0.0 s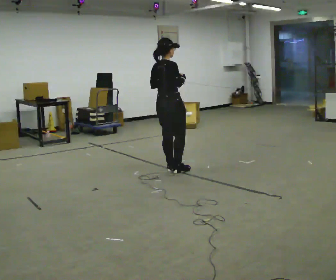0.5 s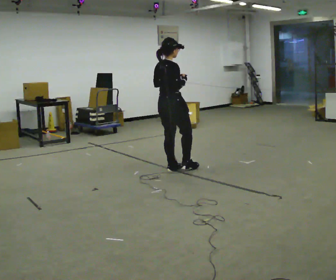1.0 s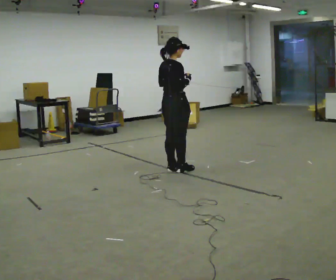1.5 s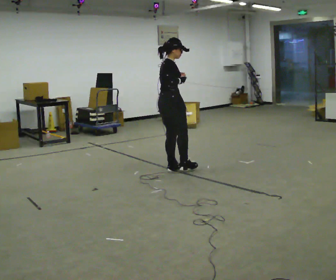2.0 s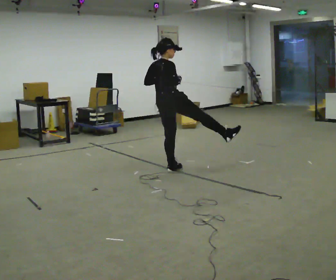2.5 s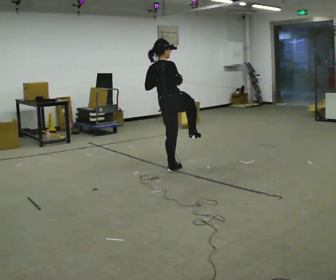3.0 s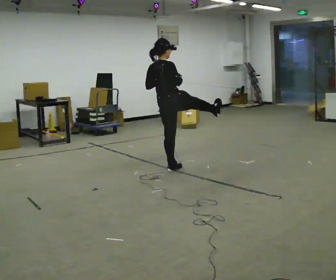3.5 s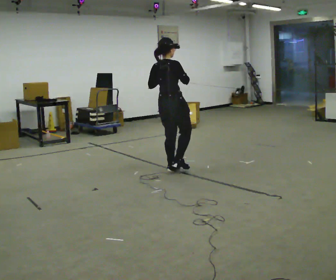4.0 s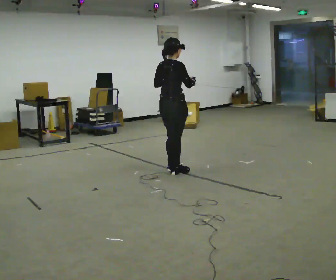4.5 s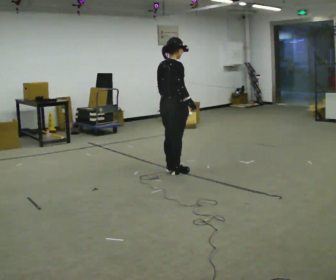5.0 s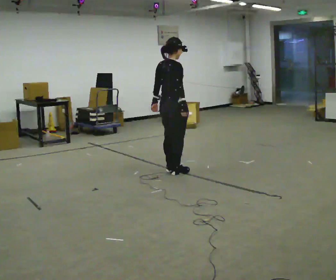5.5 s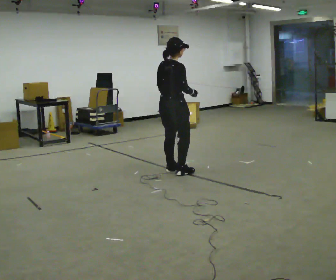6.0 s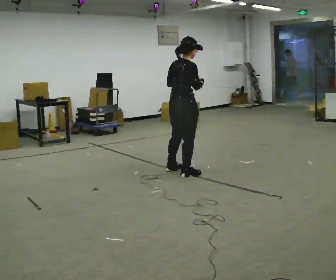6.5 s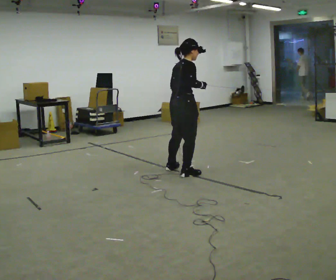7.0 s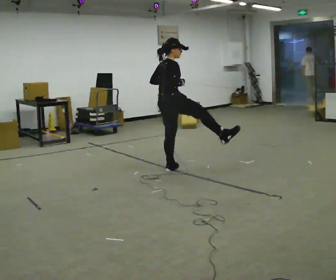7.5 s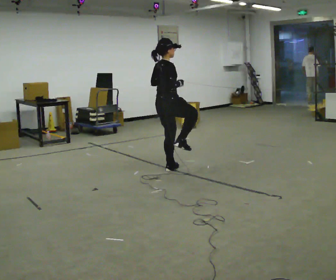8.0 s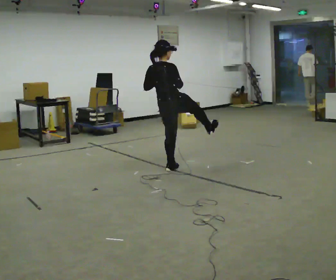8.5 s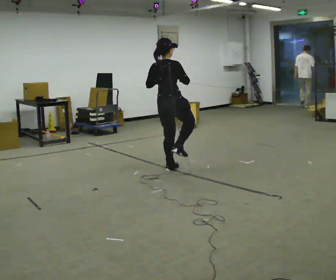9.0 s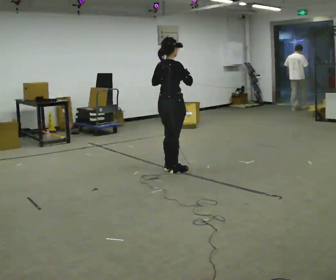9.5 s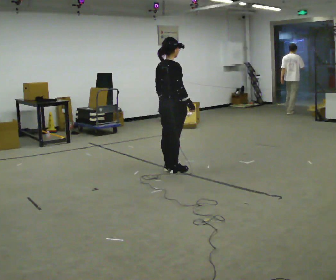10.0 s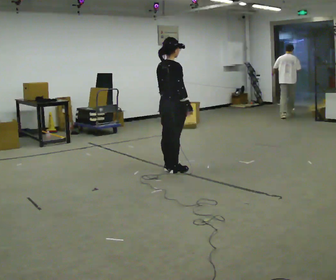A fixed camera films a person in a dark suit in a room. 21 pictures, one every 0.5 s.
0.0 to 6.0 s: In the picture they go toward the camera and to the right, about 0.25 m in 1 step, which for them is to their right.
6.0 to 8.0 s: In the picture they go away from the camera, about 0.25 m in 1 step, which for them is to their left. In the picture the upper body tilts counterclockwise, shoulders to the left. In the picture their left hand goes to the left.
8.0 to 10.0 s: The person moves a little, or ends about where they began.
The film runs backward here.
